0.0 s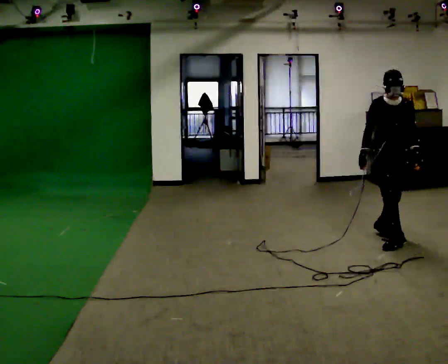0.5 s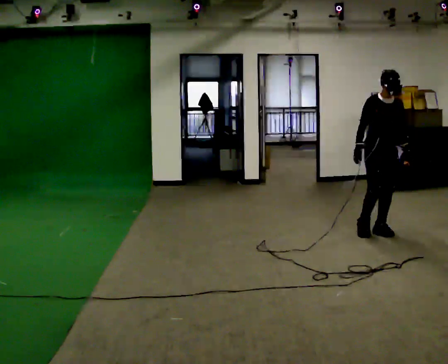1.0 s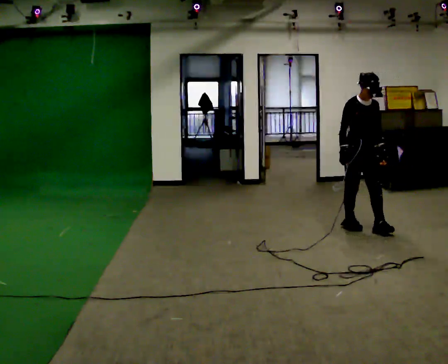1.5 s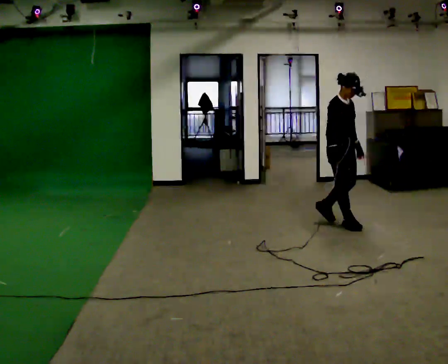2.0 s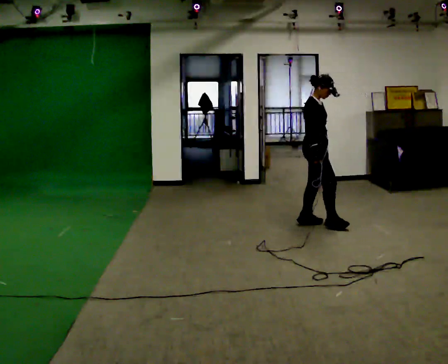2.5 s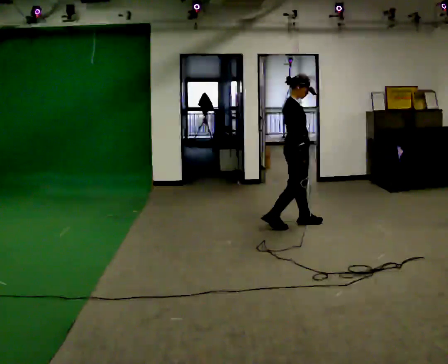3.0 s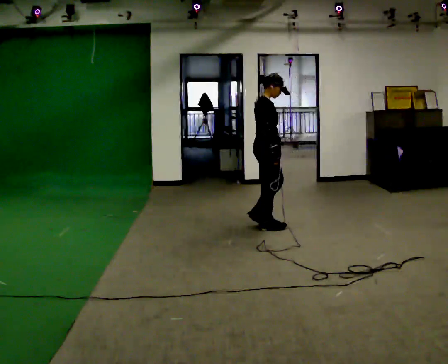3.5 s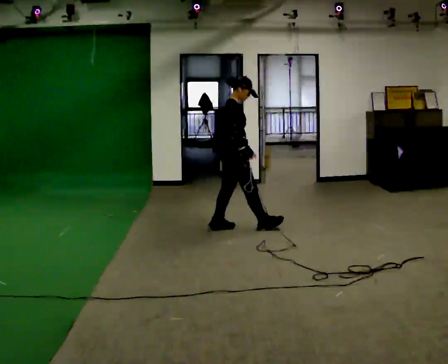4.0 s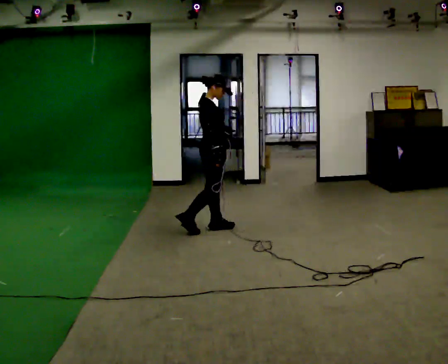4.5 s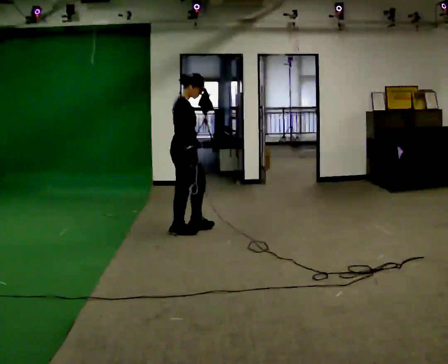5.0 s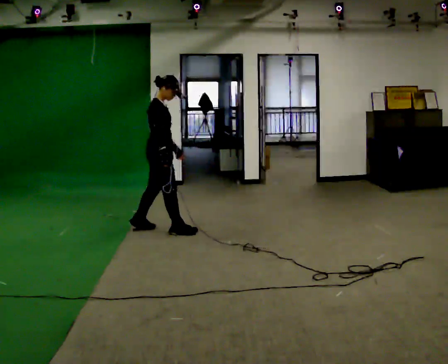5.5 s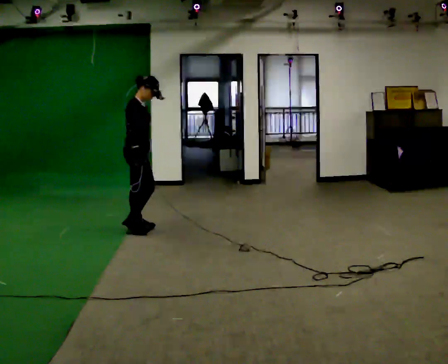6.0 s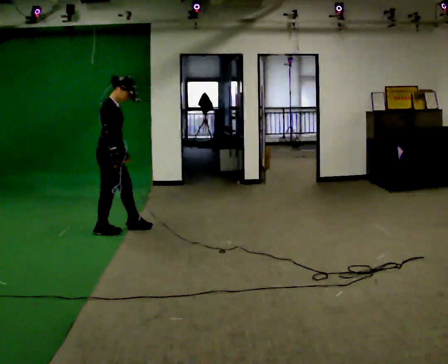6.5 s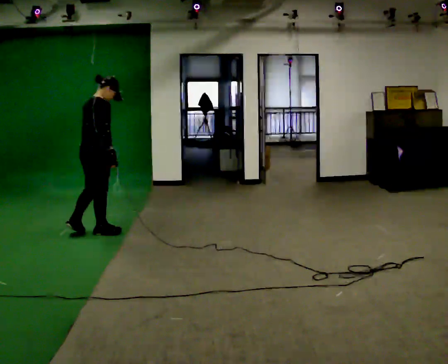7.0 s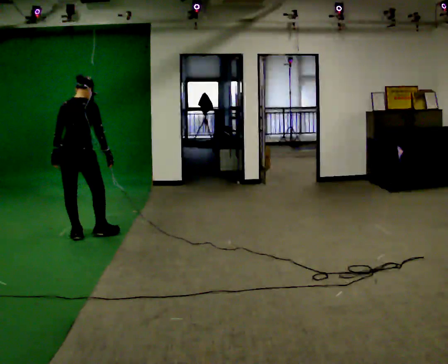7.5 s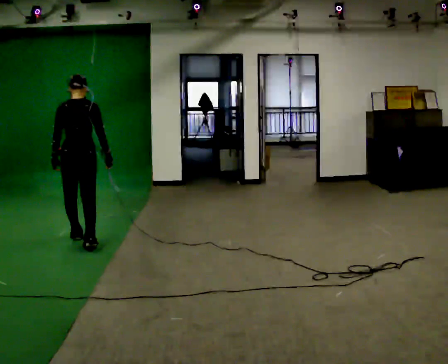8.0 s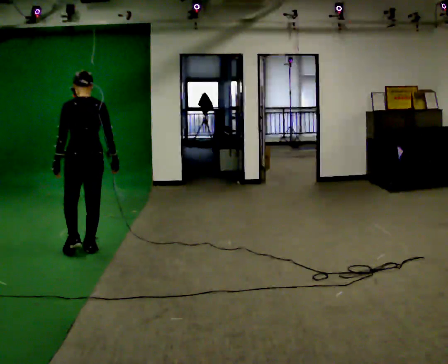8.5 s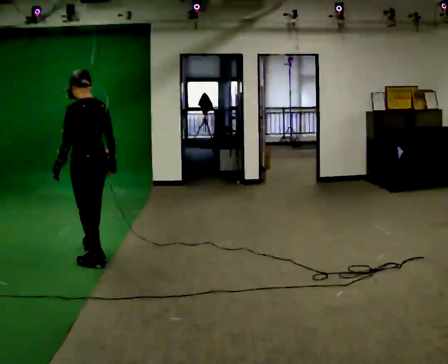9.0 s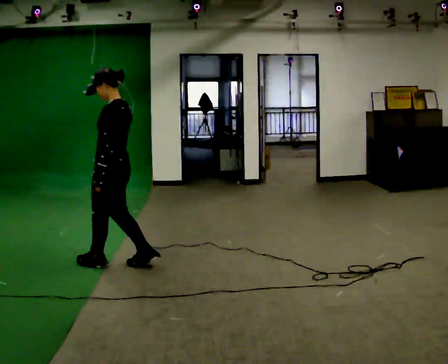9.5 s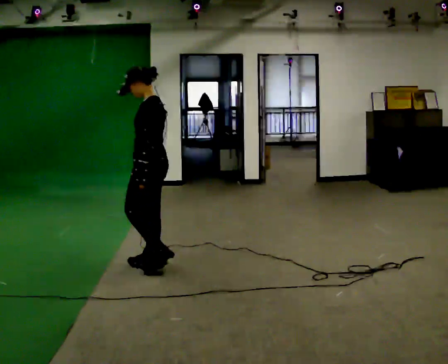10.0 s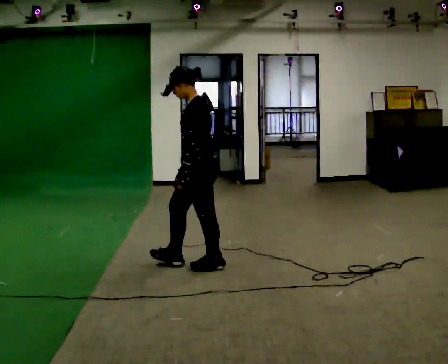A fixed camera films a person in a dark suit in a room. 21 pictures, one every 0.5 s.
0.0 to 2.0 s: Seen from above the body turns counterclockwise, about 75 degrees: to their left, with its near side sliding to the right. In the picture they go away from the camera and to the left, about 1 m in 2 steps.
2.0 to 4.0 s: In the picture they go to the left, about 1 m in 2 steps, which for them is backward.
4.0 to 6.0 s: In the picture they go to the left, about 1 m in 3 steps, which for them is backward.
6.0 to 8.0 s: The person turns about 105 degrees to their left, counterclockwise seen from above, so the part of the body nearest the lens slides to the right. In the picture they go toward the camera, about 0.75 m in 2 steps.
8.0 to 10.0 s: The person turns about 60 degrees to their left, counterclockwise seen from above, so the part of the body nearest the lens slides to the right. In the picture they go to the right and toward the camera, about 1 m in 3 steps.
The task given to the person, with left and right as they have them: Walk backward several steps, then turn while still moving backward, then continue backward. Operator confirms the space behind you is clear.
The film runs forward here.
